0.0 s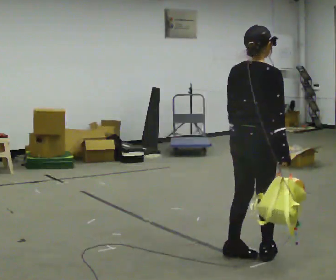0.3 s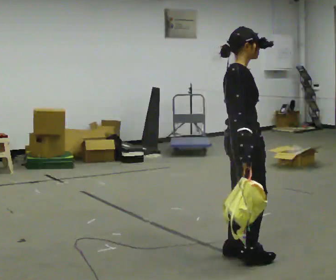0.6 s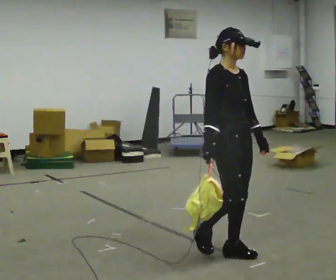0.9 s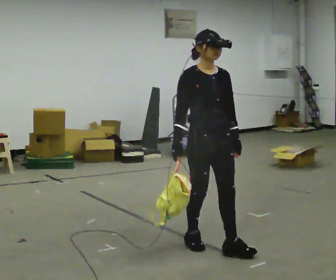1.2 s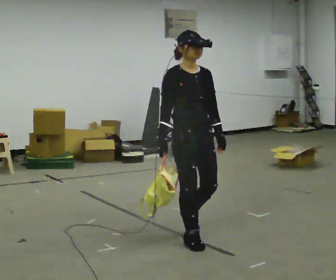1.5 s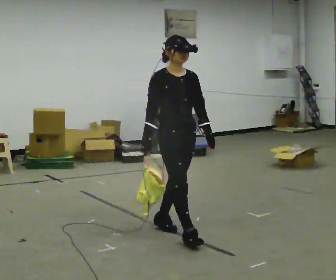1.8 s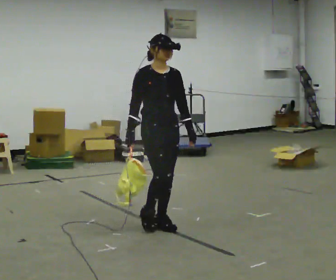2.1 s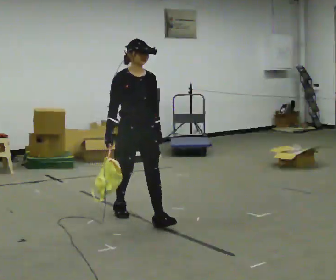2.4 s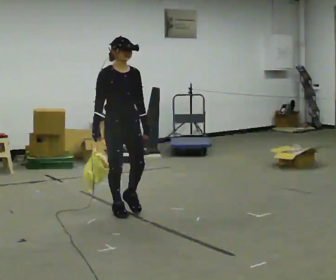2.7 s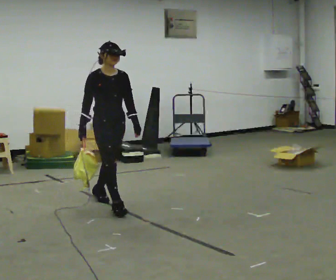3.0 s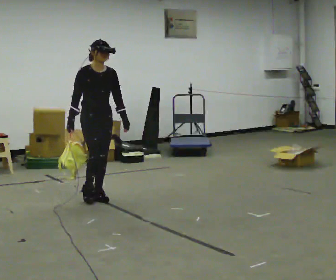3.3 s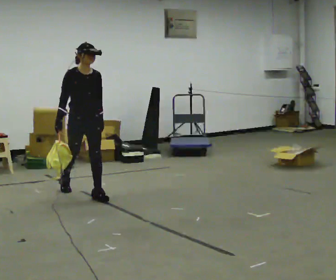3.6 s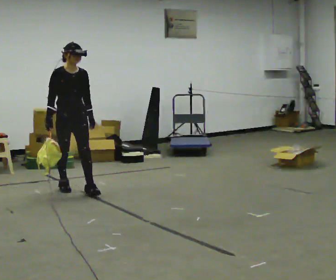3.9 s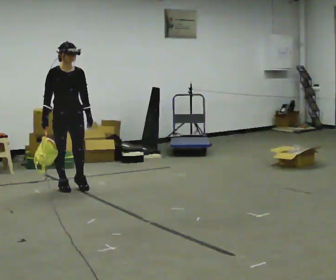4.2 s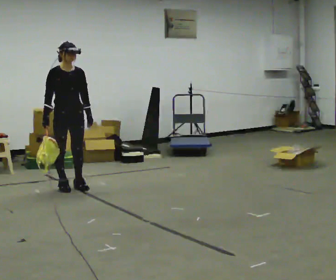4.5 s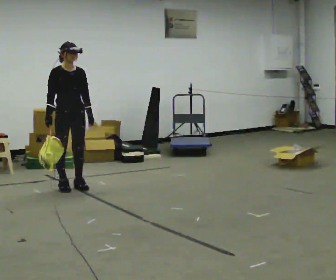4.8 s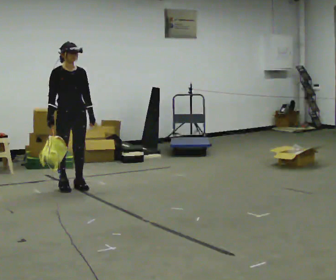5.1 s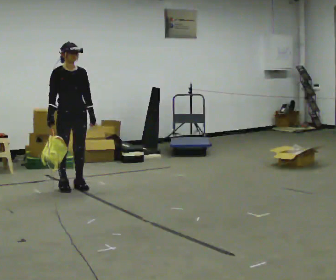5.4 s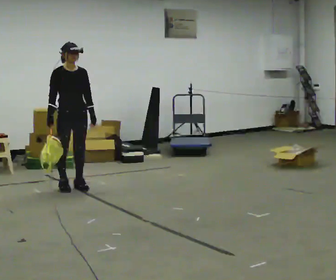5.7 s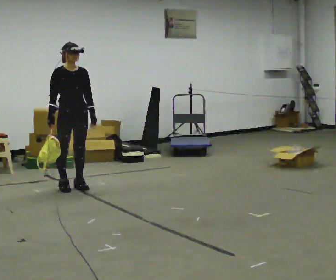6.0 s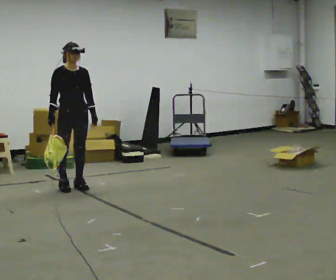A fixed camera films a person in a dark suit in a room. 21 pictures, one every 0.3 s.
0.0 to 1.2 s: Seen from above the body turns clockwise, about 105 degrees: to their right, with its near side sliding to the left. In the picture they go away from the camera and to the left, about 0.5 m in 2 steps.
1.2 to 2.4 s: In the picture they go away from the camera and to the left, about 1 m in 2 steps, which for them is backward.
2.4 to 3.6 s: In the picture they go away from the camera and to the left, about 1 m in 2 steps, which for them is backward.
3.6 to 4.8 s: In the picture they go away from the camera, about 0.25 m, which for them is backward.
4.8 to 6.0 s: The person keeps their place and pose.
The film runs backward here.
